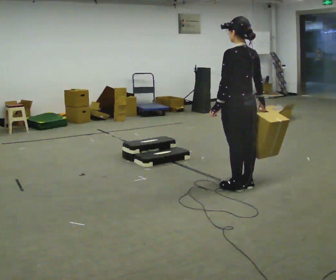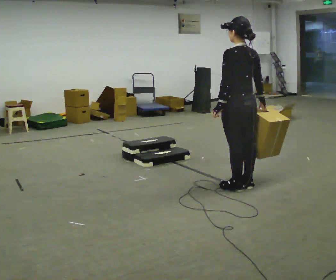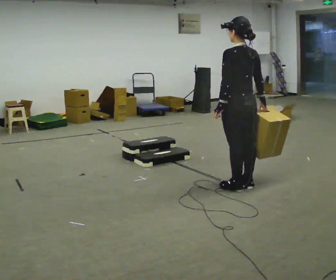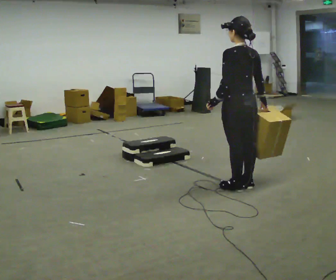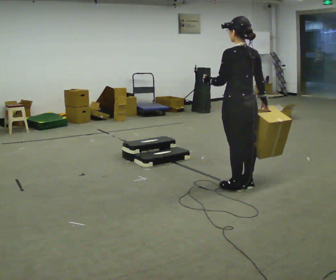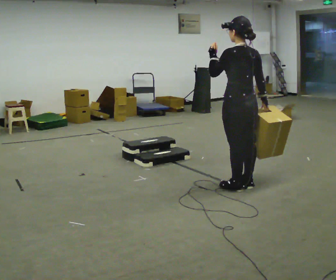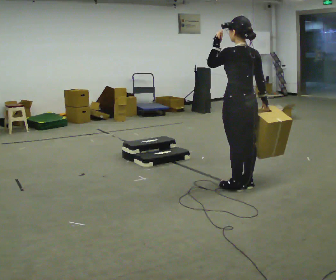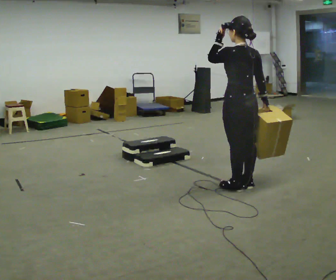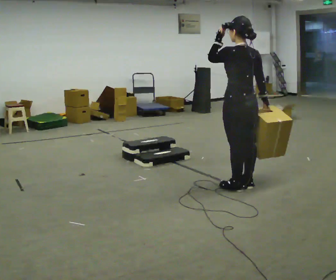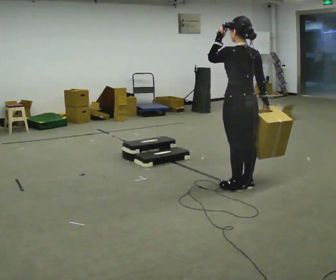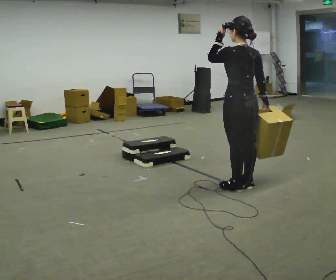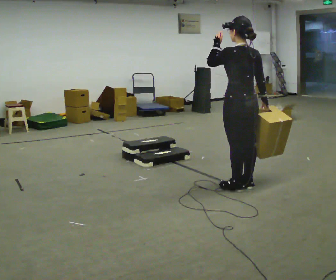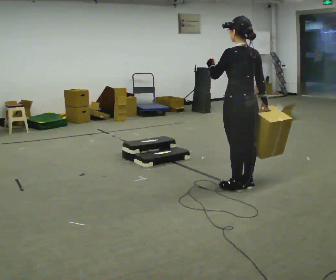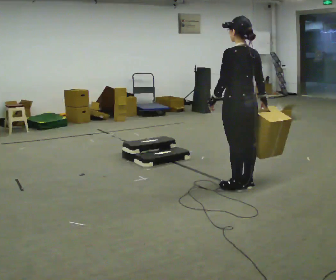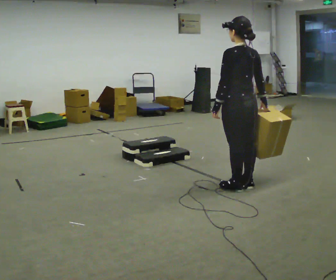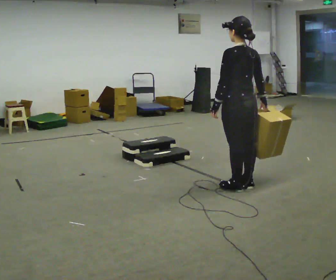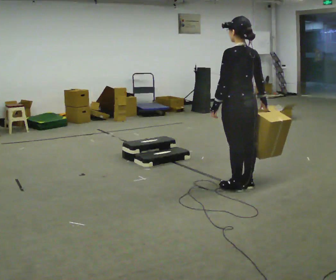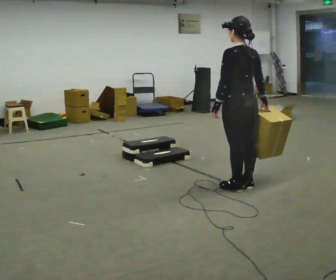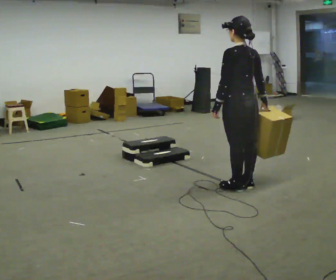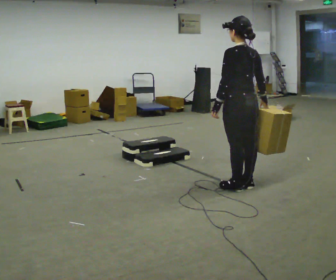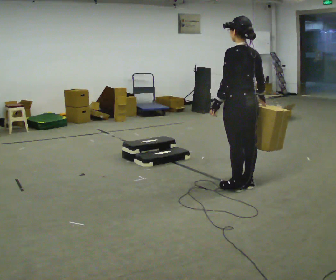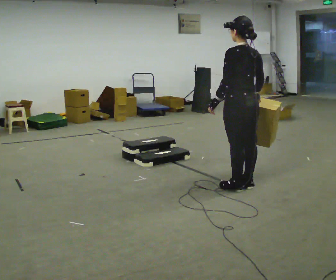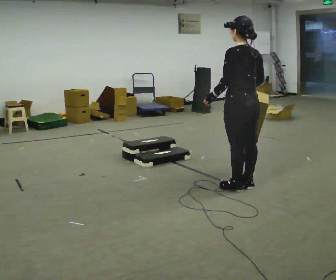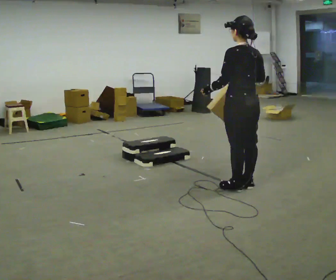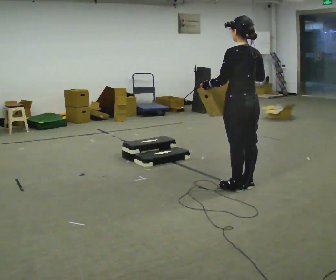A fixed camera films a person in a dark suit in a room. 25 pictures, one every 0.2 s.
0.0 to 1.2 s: In the picture their left hand goes upward.
1.2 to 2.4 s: The person moves a little, or ends about where they began.
2.4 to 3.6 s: In the picture their left hand goes downward, the arm swinging counterclockwise.
3.6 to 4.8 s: The person moves a little, or ends about where they began.
The film runs backward here.
